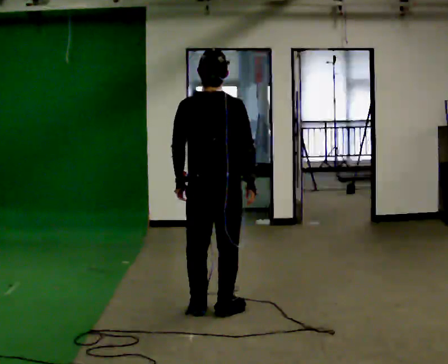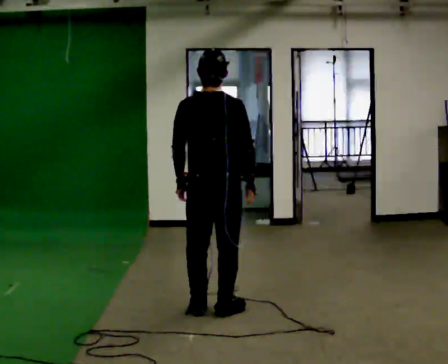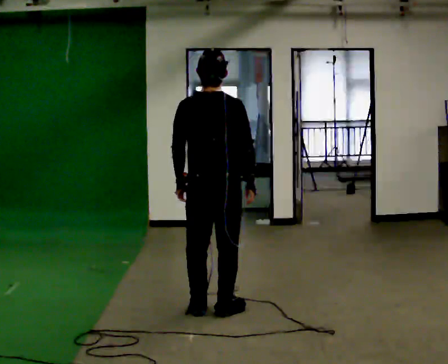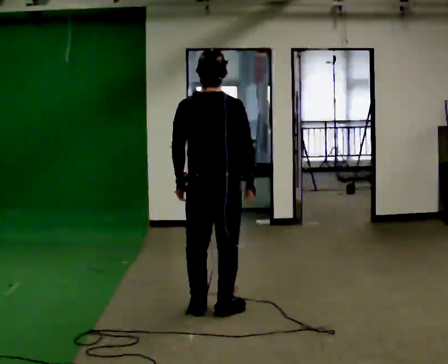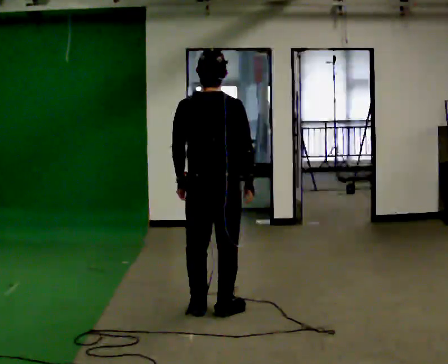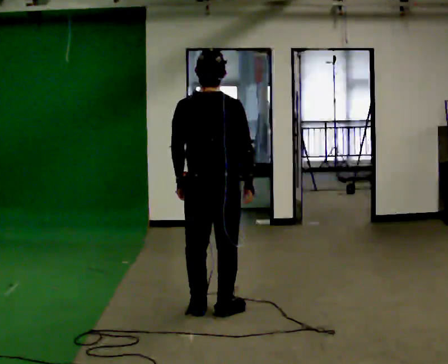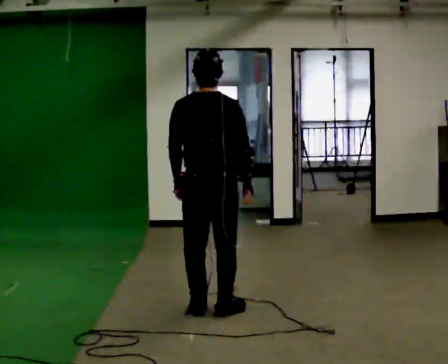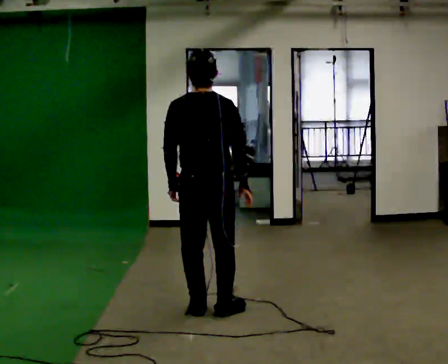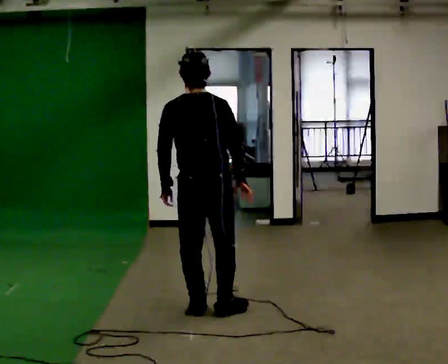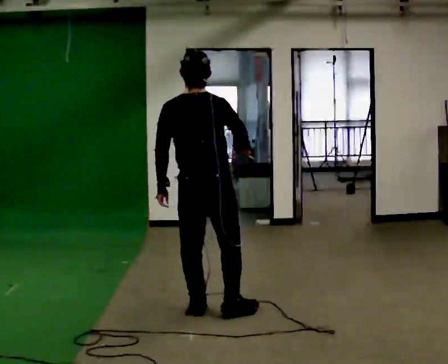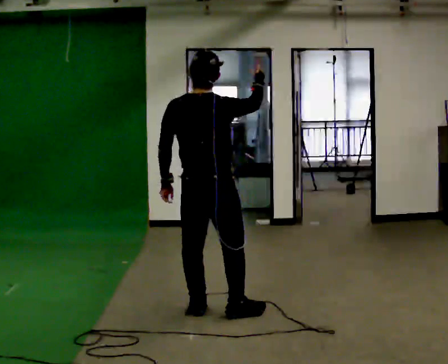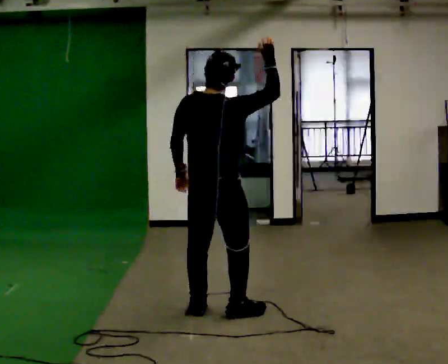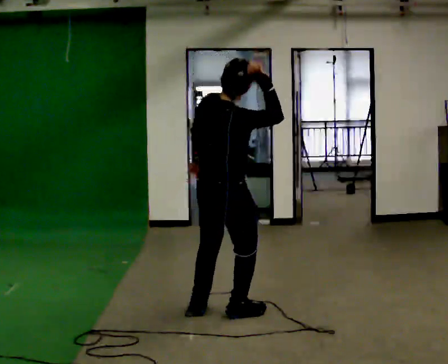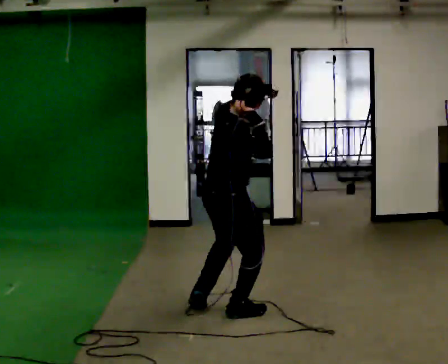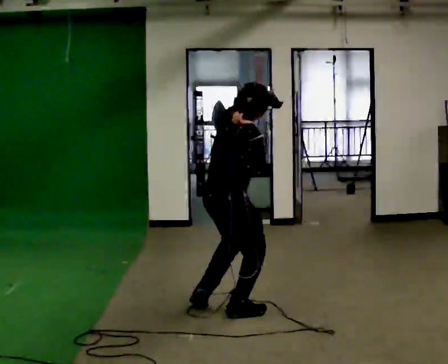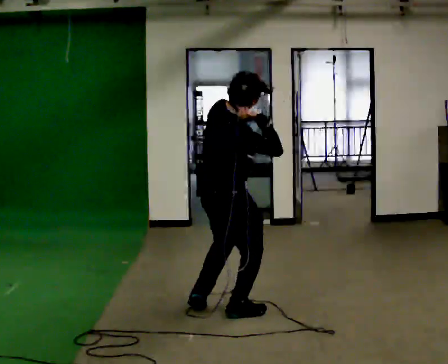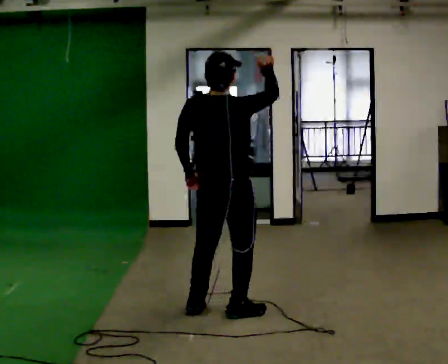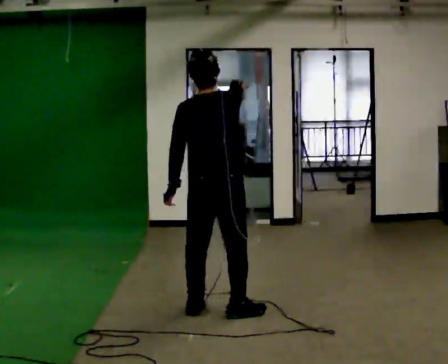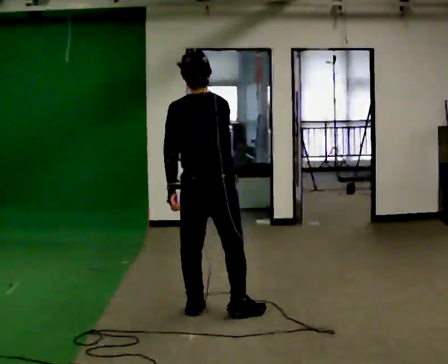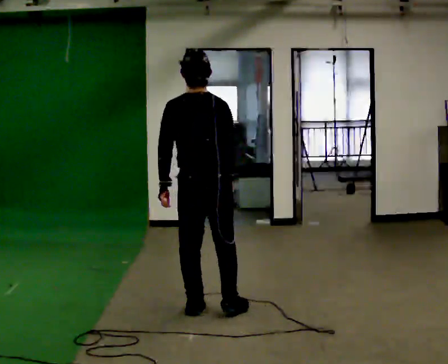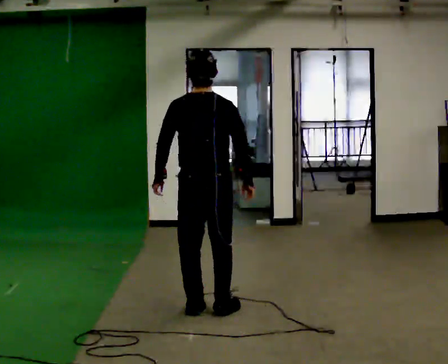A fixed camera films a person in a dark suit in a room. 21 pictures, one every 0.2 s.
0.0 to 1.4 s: The person moves a little, or ends about where they began.
1.4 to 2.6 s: The person turns about 75 degrees to their right, clockwise seen from above, so the part of the body nearest the lens slides to the left. The upper body tips toward the camera, its near side rolling downward. In the picture their right hand goes upward.
2.6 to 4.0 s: Seen from above the body turns counterclockwise, about 75 degrees: to their left, with its near side sliding to the right. In the picture their right hand goes downward.
The film runs forward here.
